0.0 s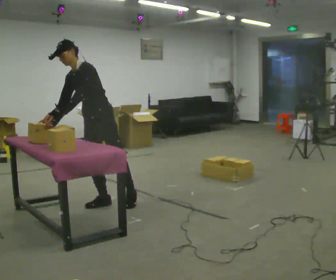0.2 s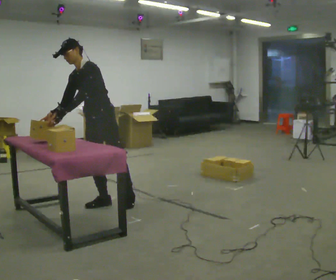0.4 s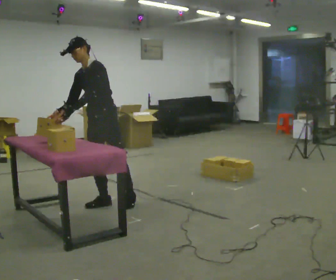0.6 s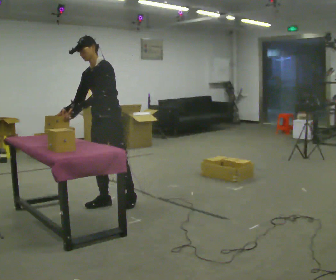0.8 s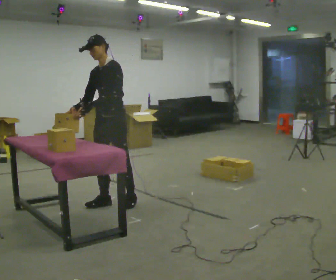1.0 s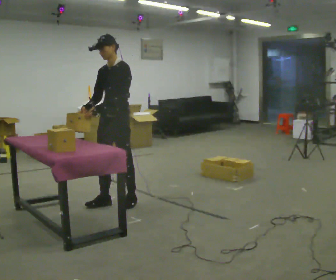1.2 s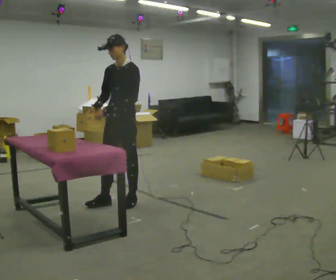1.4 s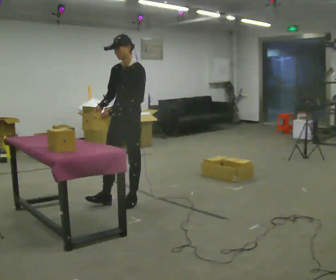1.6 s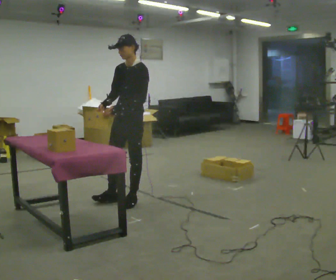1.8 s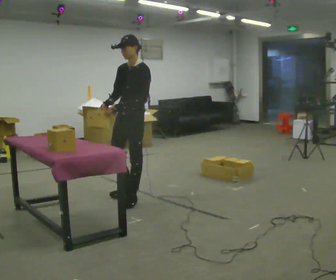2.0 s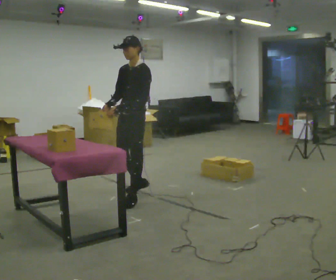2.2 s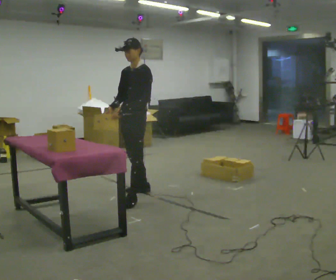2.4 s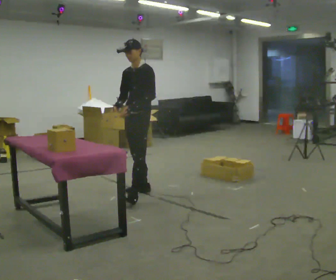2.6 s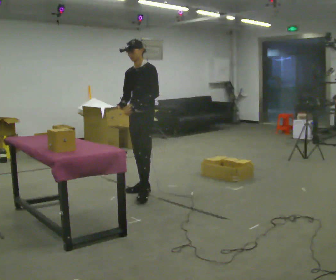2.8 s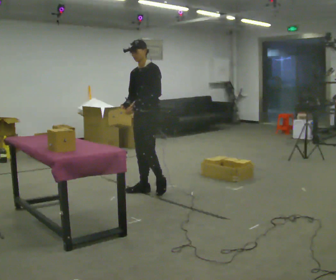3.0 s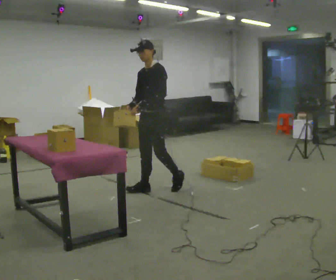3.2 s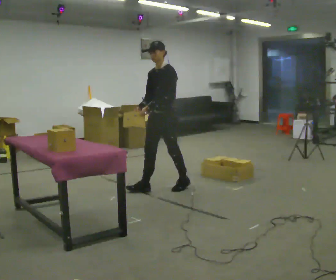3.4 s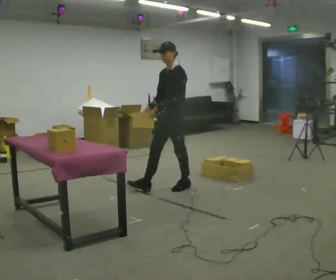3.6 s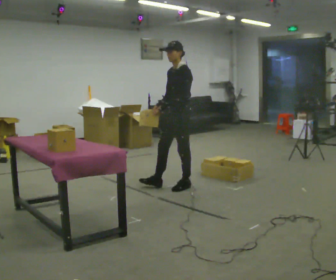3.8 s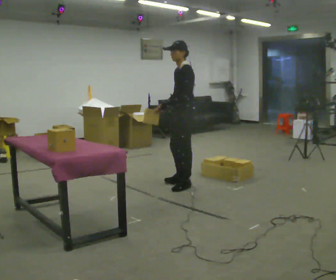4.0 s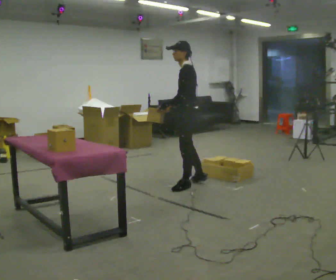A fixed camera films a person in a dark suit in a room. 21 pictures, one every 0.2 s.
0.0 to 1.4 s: In the picture they go to the right, about 0.25 m, which for them is backward and to their left. In the picture the upper body tilts clockwise, shoulders to the right, as they lean back or straighten.
1.4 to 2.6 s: In the picture they go away from the camera and to the right, about 0.5 m in 2 steps, which for them is backward and to their right.
2.6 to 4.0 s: The part of the body nearest the lens slides to the left as the person turns to their right by about 60 degrees. In the picture they go to the right, about 0.5 m in 1 step, which for them is backward.
The film runs backward here.
